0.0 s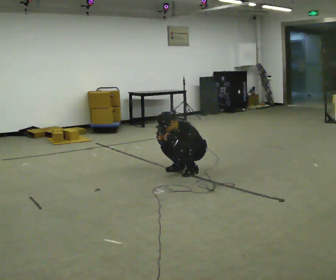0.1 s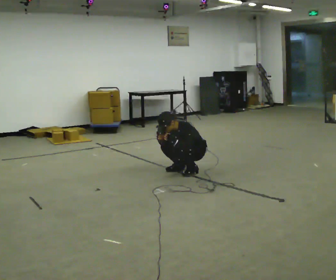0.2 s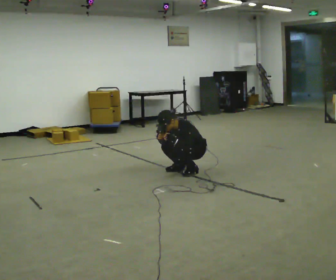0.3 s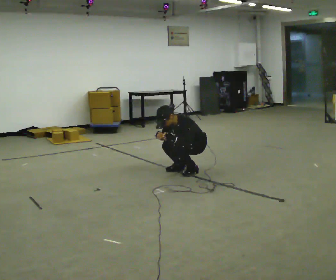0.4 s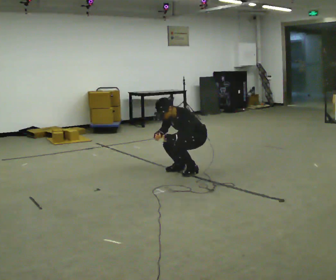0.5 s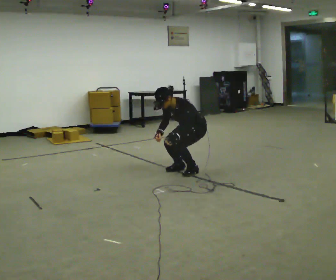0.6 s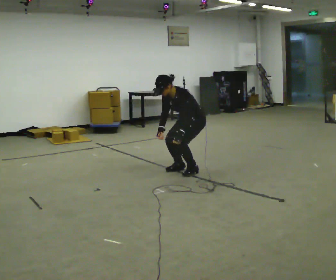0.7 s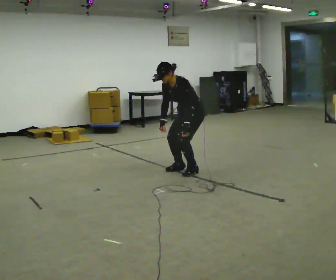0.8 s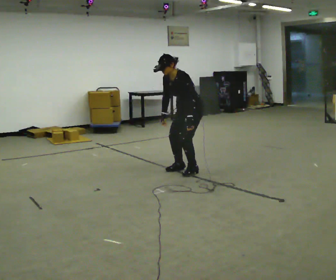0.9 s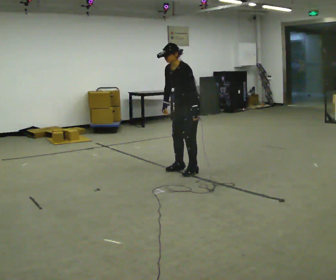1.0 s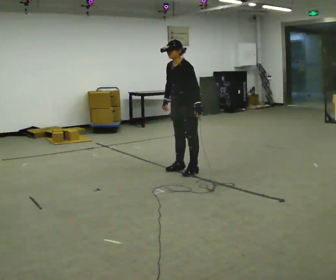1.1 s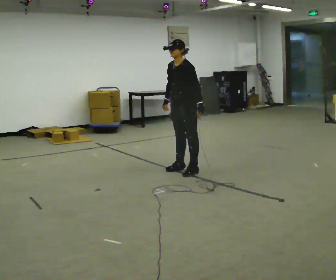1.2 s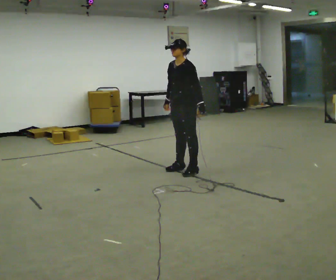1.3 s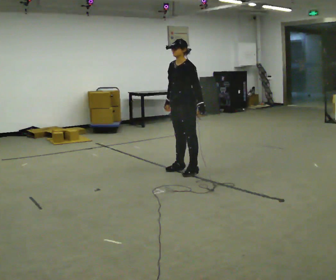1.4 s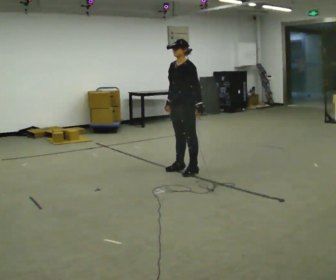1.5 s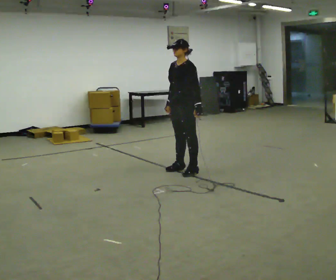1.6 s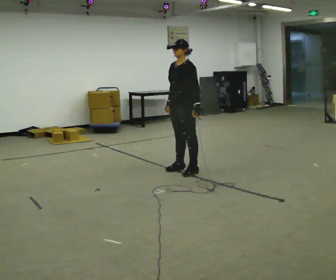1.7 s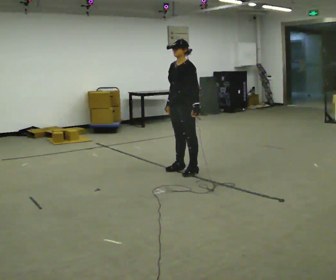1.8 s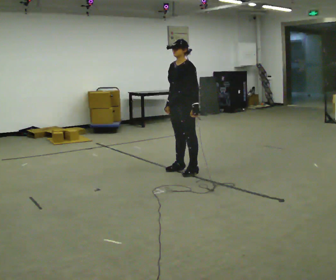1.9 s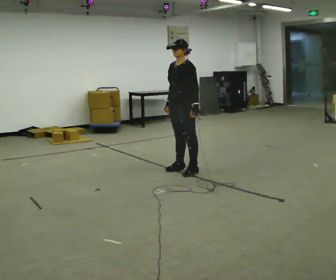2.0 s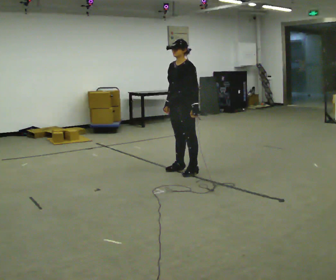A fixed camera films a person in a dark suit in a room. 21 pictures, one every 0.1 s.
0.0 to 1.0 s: The shoulders move upward. In the picture the upper body tilts clockwise, shoulders to the right, as they lean back or straighten. In the picture their left hand goes upward.
1.0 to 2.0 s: The person moves a little, or ends about where they began.
The film runs forward here.
